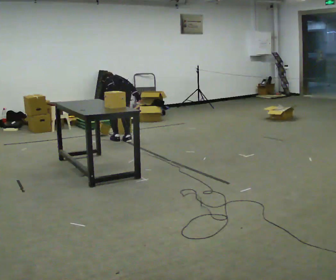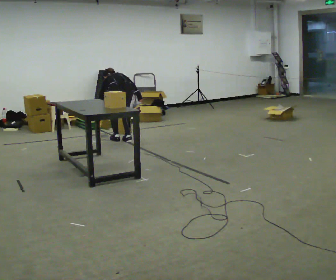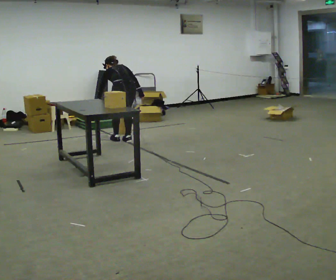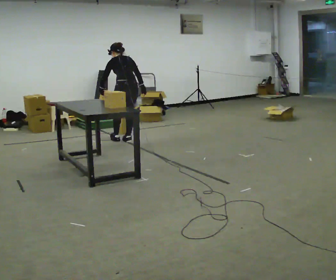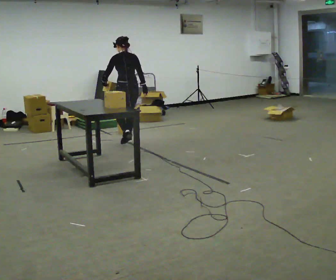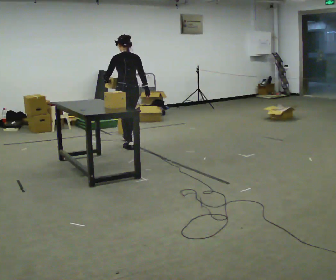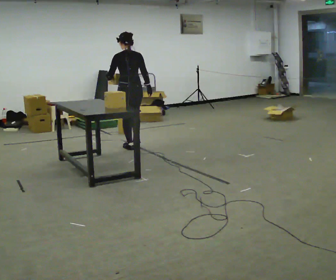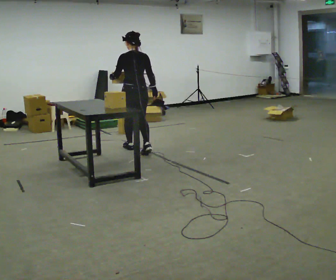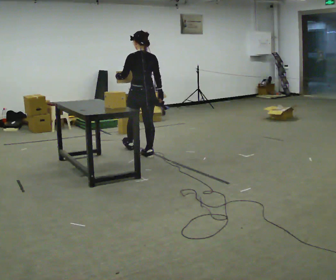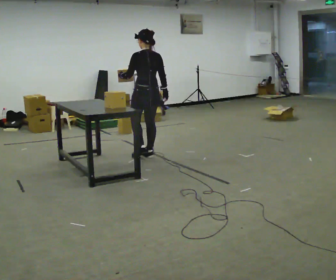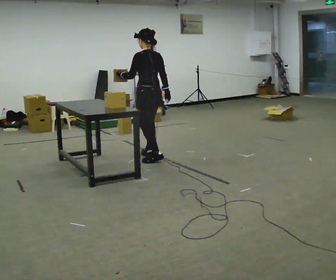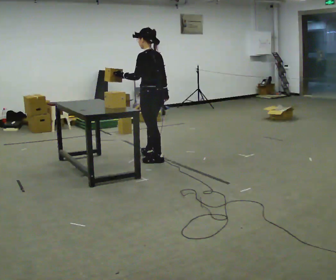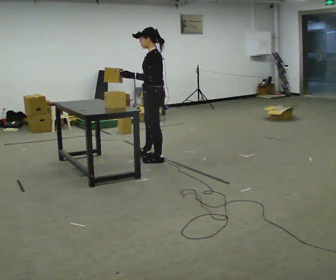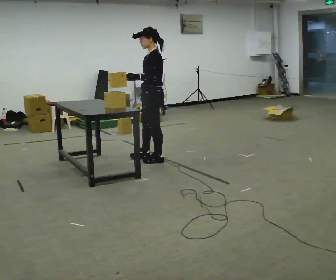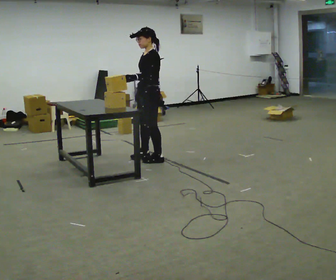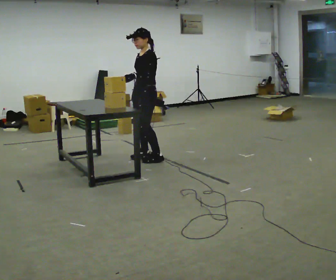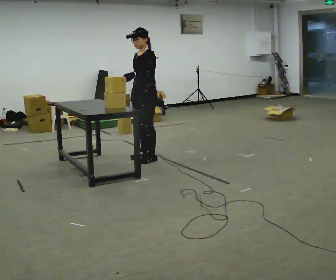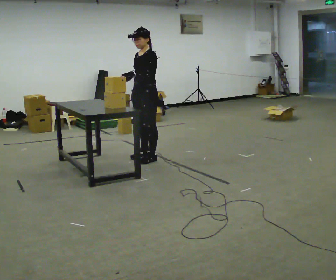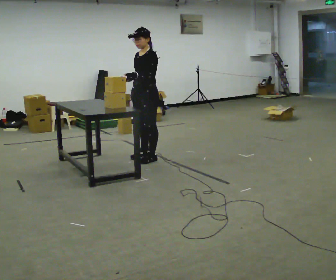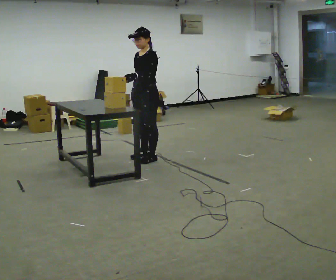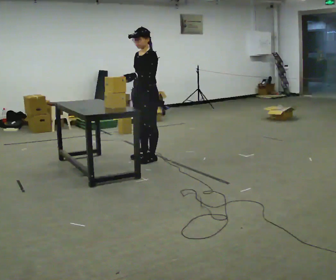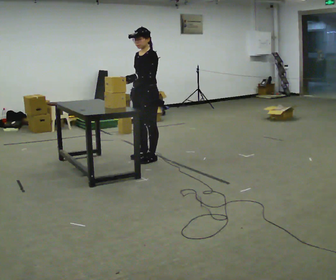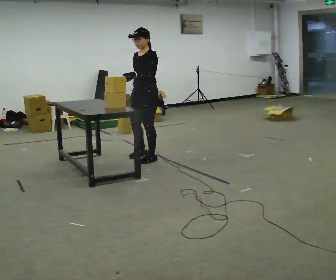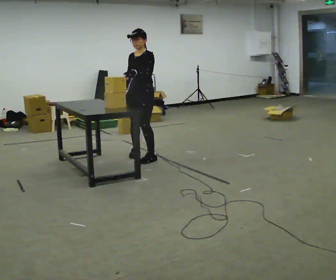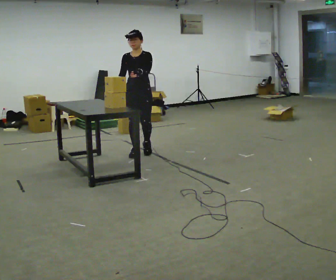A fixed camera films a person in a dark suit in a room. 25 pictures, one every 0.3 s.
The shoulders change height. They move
upward.
Their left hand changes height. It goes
upward.
0.0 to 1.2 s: The shoulders move upward. The upper body tips toward the camera, its near side rolling downward, as they lean back or straighten.
1.2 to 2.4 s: In the picture they go toward the camera, about 0.75 m in 2 steps, which for them is backward.
2.4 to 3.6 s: Seen from above the body turns counterclockwise, about 60 degrees: to their left, with its near side sliding to the right. In the picture they go toward the camera and to the right, about 0.25 m, which for them is backward.
3.6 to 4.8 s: The person turns about 45 degrees to their left, counterclockwise seen from above, so the part of the body nearest the lens slides to the right.
4.8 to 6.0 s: The person moves a little, or ends about where they began.
6.0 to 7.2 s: Seen from above the body turns counterclockwise, about 45 degrees: to their left, with its near side sliding to the right. In the picture they go away from the camera, about 0.25 m in 2 steps, which for them is to their right.
The film runs backward here.
